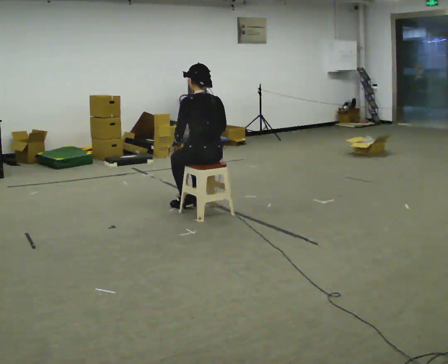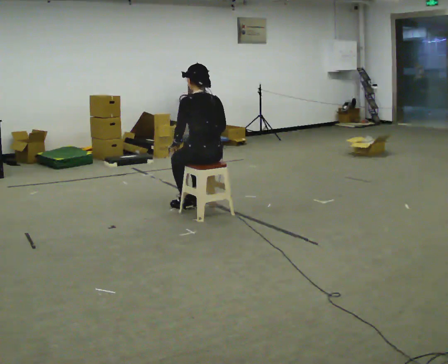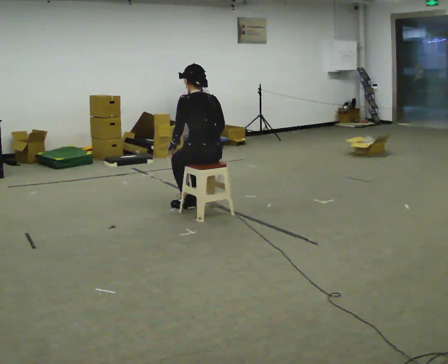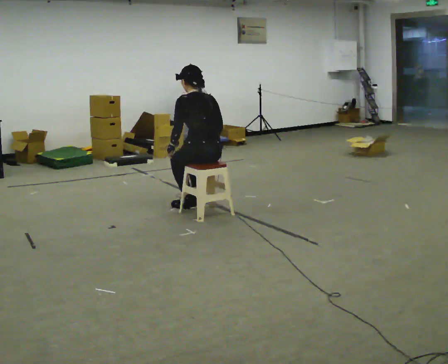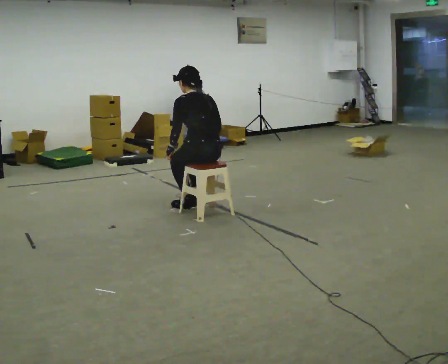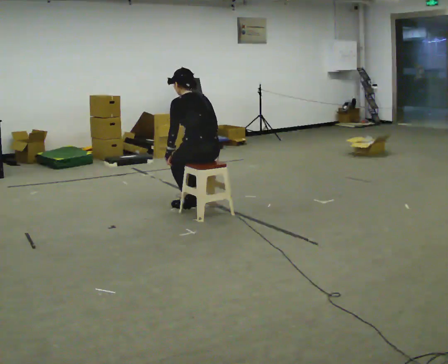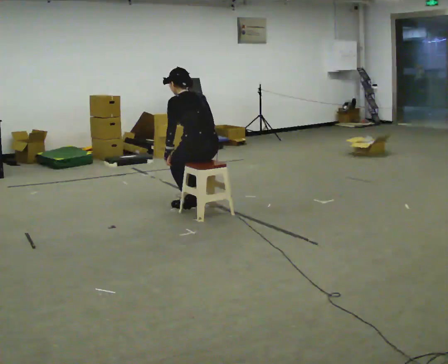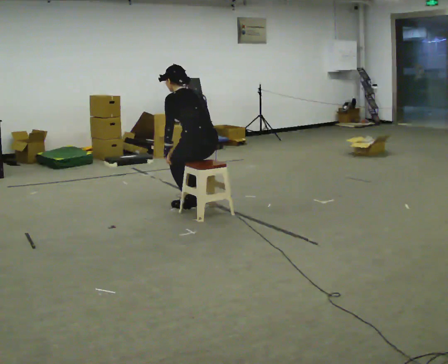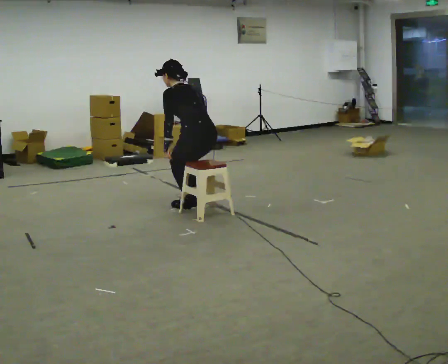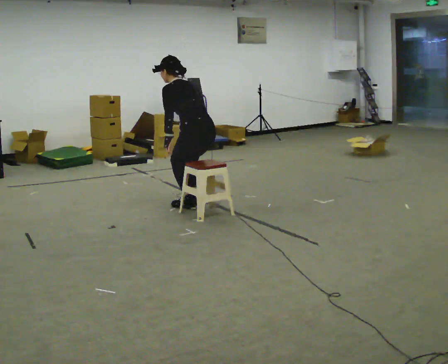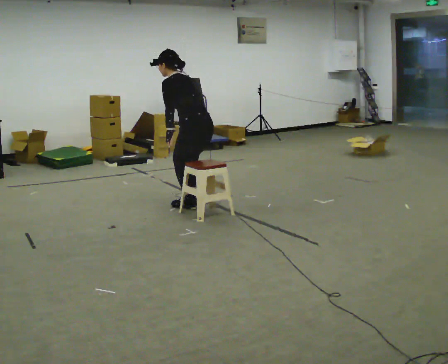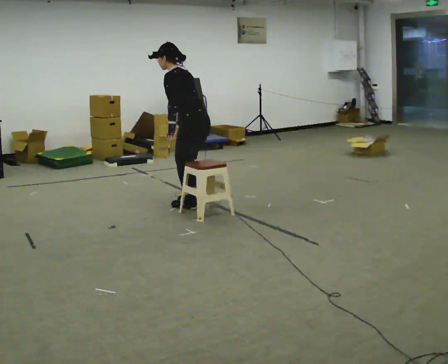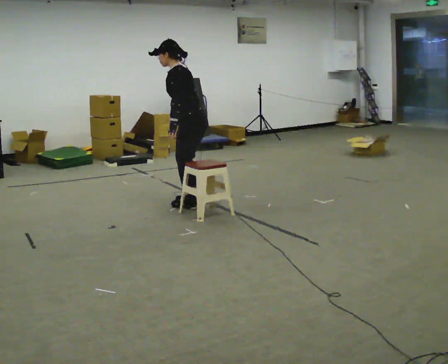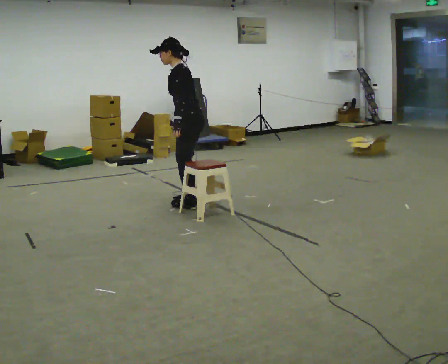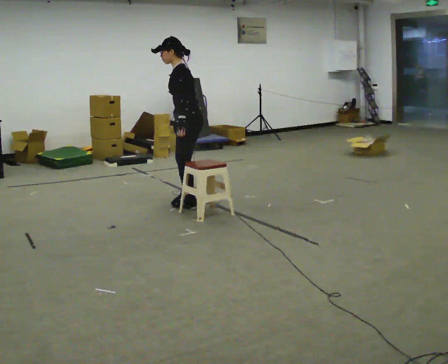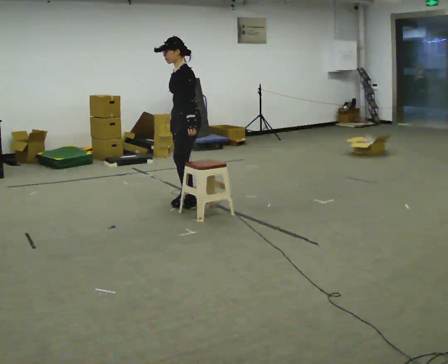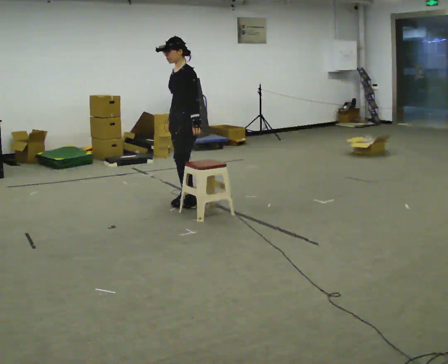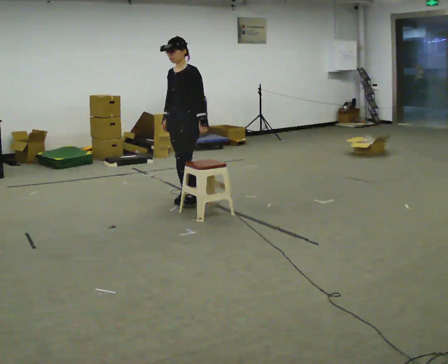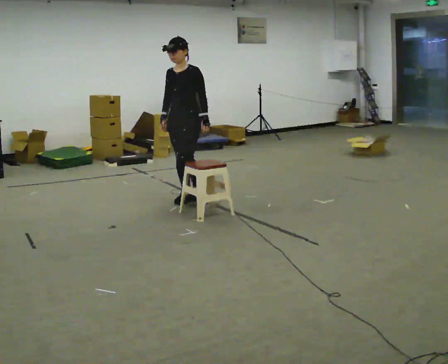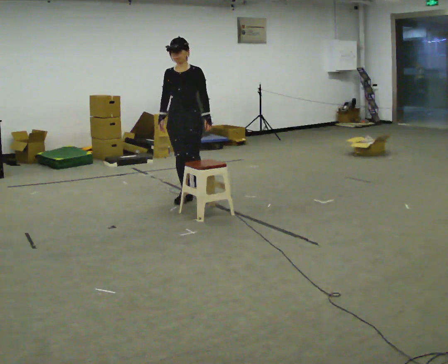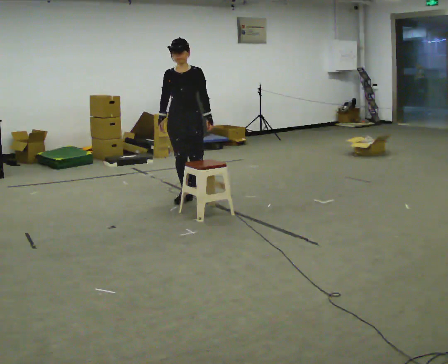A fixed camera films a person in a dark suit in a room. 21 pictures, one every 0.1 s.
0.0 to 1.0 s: In the picture they go away from the camera, about 0.25 m, which for them is forward. In the picture the upper body tilts counterclockwise, shoulders to the left, as they bend forward.
1.0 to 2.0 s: Seen from above the body turns counterclockwise, about 120 degrees: to their left, with its near side sliding to the right. In the picture they go away from the camera, about 0.5 m in 2 steps. In the picture the upper body tilts clockwise, shoulders to the right, as they lean back or straighten.
The film runs backward here.
